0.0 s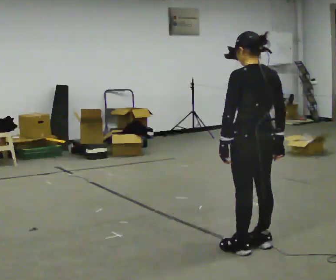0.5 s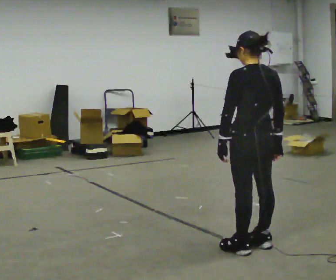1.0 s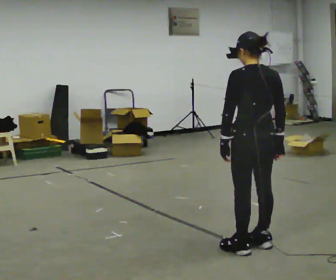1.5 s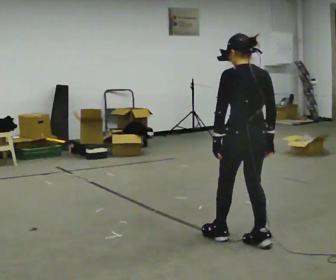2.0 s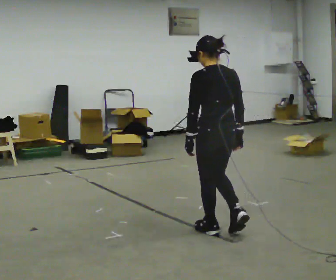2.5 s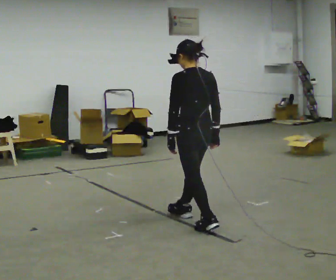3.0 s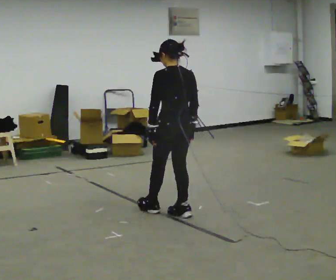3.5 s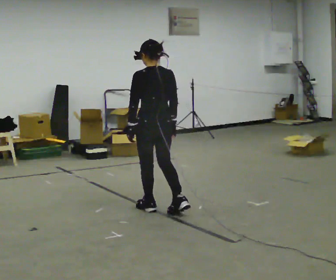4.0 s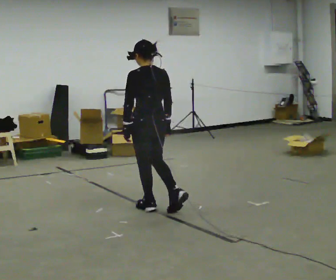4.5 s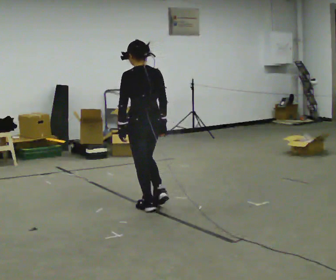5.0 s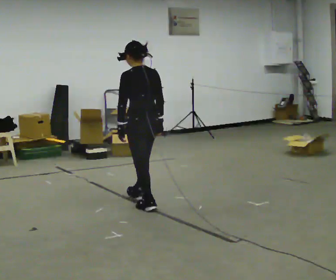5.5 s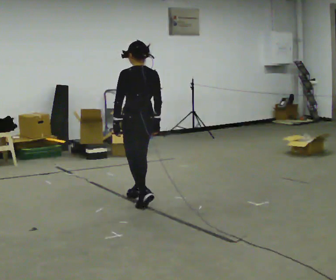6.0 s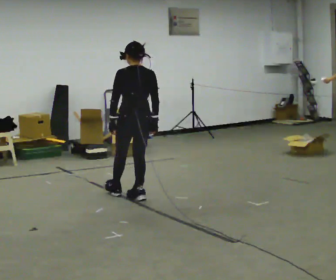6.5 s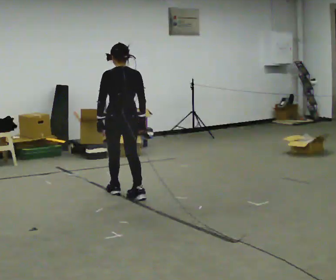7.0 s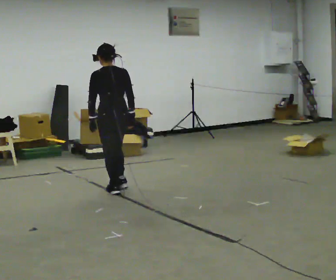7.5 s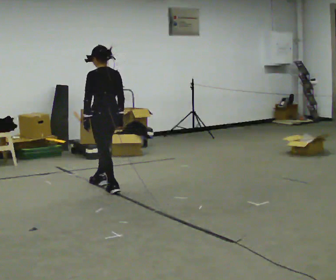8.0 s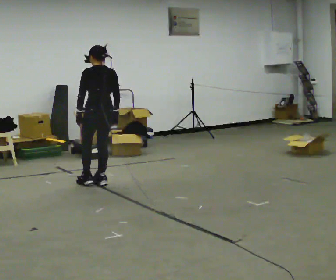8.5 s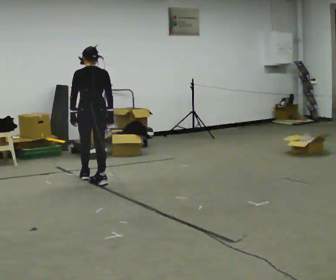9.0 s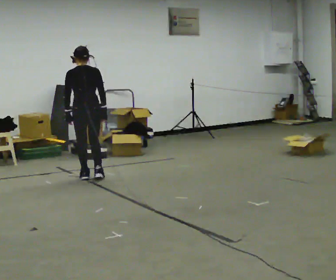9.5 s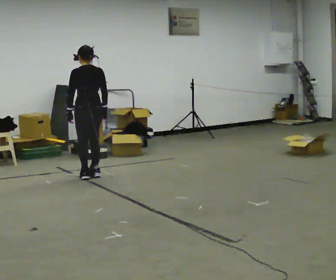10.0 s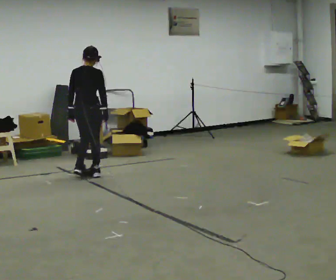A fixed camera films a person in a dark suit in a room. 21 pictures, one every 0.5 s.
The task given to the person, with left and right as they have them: Start at normal speed; gradually slow over several steps; stop gently.
0.0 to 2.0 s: In the picture they go away from the camera and to the left, about 0.5 m in 1 step, which for them is forward.
2.0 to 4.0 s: In the picture they go away from the camera and to the left, about 1 m in 2 steps, which for them is forward.
4.0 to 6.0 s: In the picture they go away from the camera, about 0.5 m in 1 step, which for them is forward.
6.0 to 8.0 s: In the picture they go away from the camera and to the left, about 0.5 m in 2 steps, which for them is forward.
8.0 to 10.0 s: Seen from above the body turns clockwise, about 45 degrees: to their right, with its near side sliding to the left. In the picture they go away from the camera and to the left, about 0.5 m in 2 steps, which for them is forward.
The film runs forward here.
